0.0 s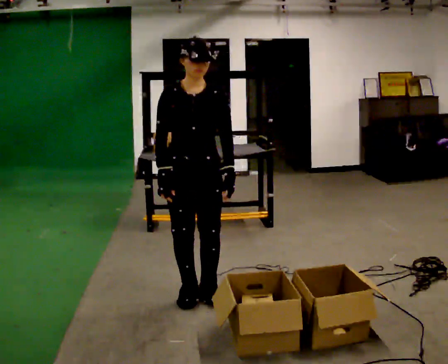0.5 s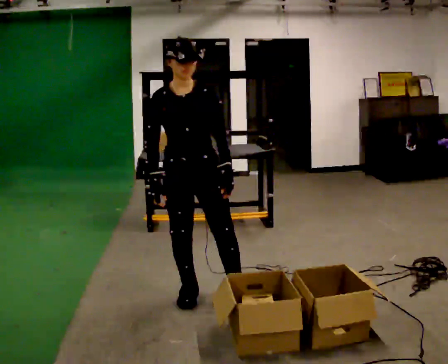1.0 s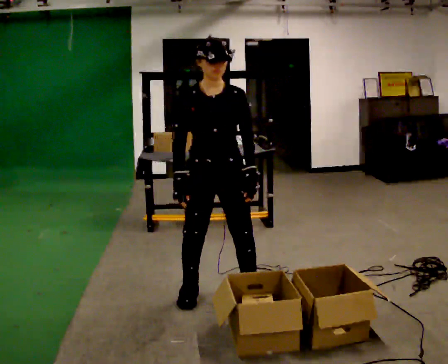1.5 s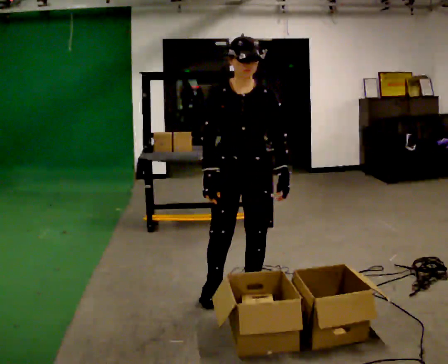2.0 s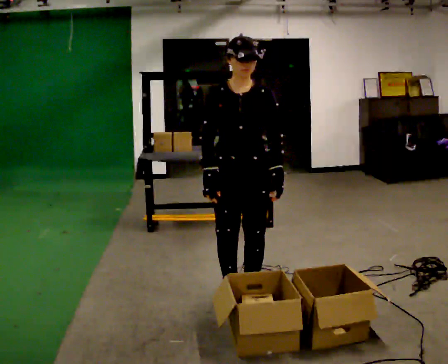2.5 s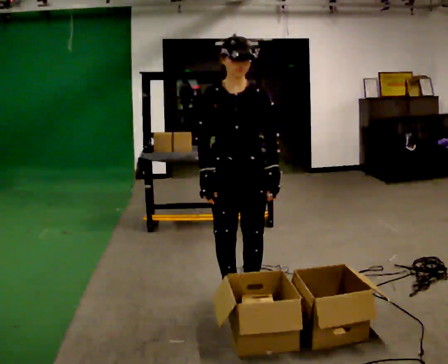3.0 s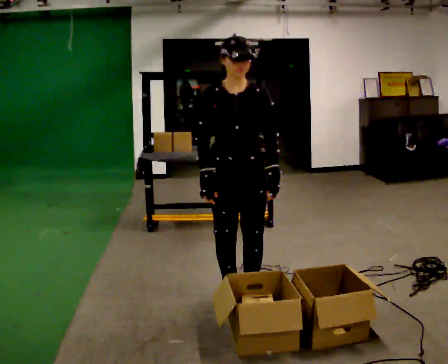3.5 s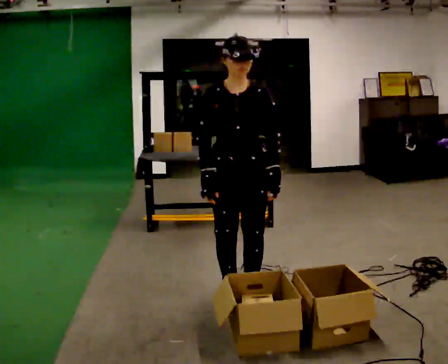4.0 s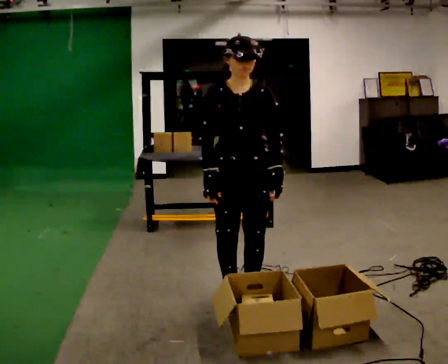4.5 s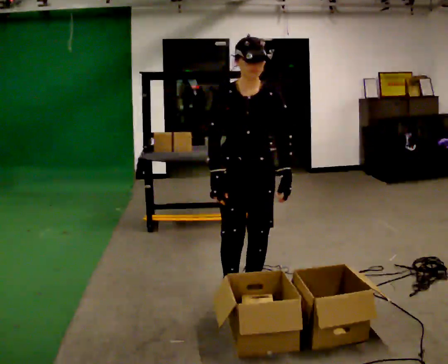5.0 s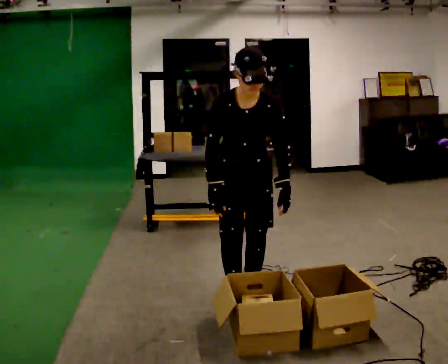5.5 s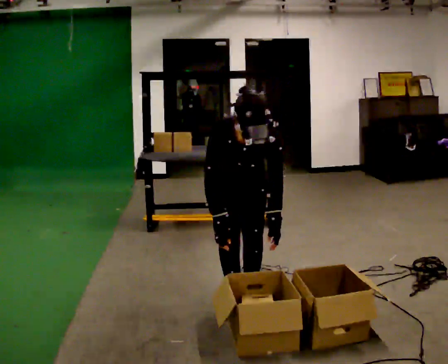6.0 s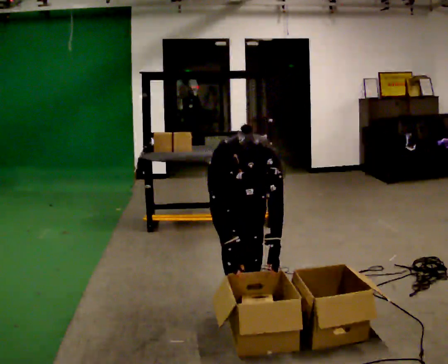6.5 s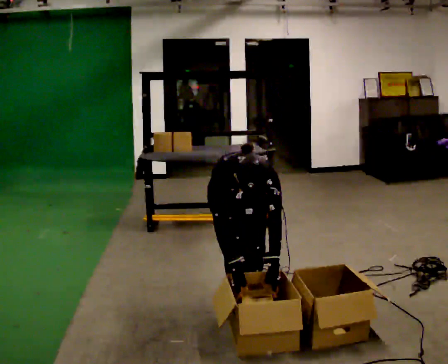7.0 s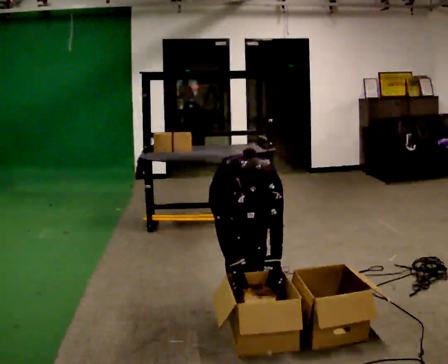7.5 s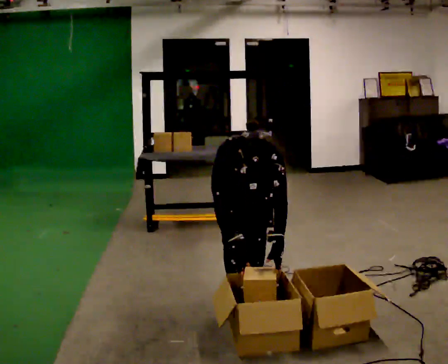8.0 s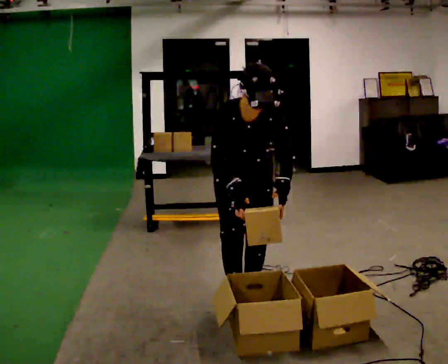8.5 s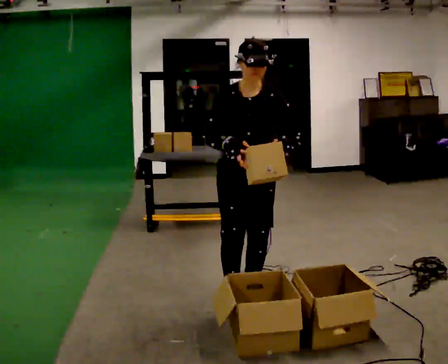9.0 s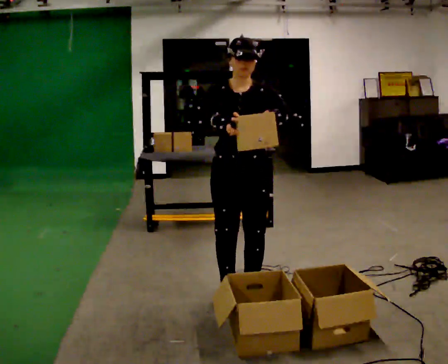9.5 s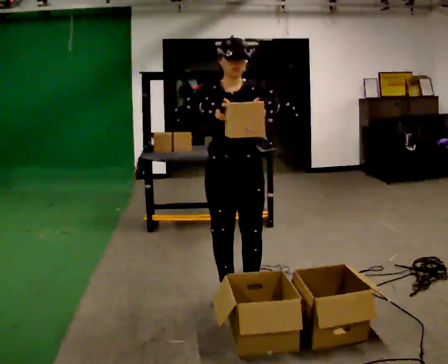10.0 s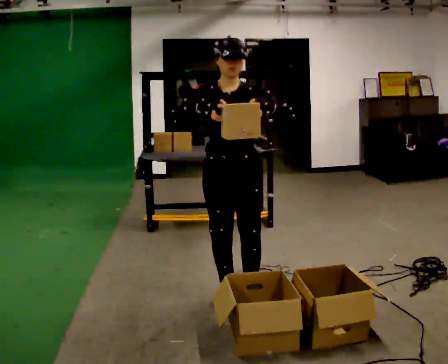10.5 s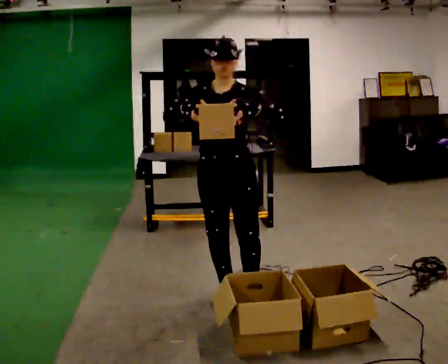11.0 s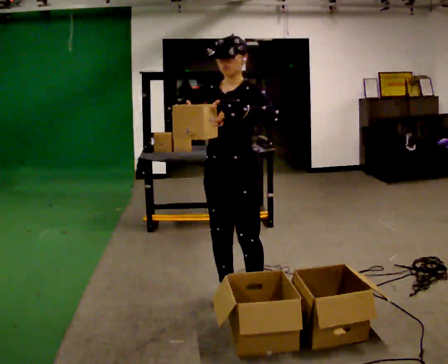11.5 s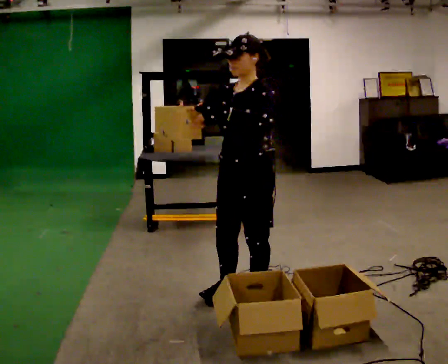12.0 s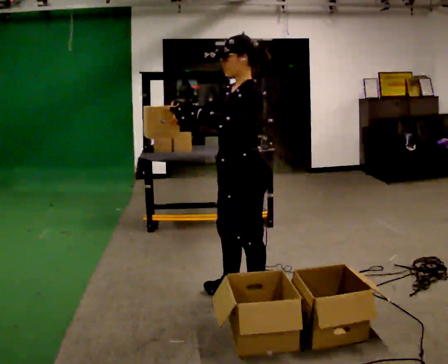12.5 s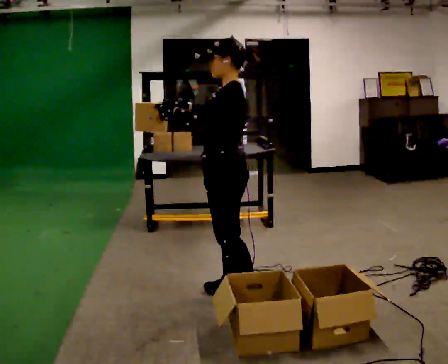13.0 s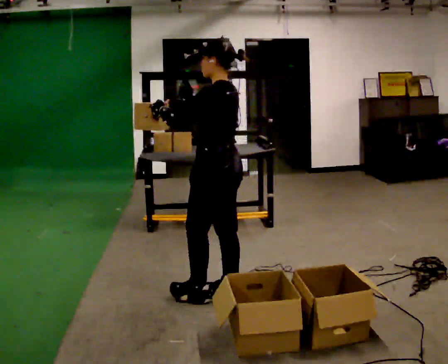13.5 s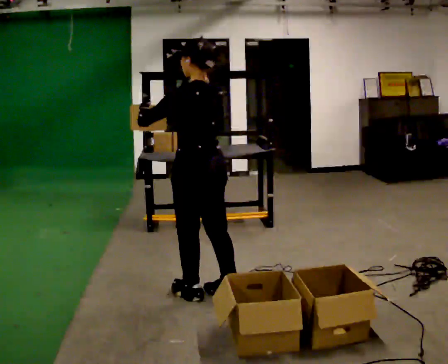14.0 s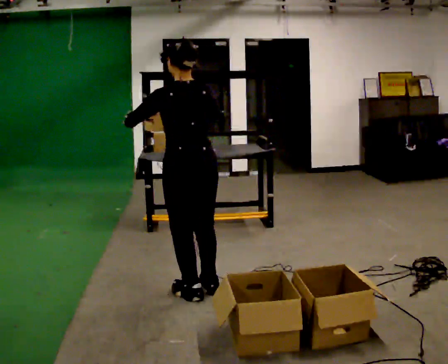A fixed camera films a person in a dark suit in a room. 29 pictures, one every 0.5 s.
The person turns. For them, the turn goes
to their right.
The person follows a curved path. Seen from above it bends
clockwise.
0.0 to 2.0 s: In the picture they go to the right, about 0.25 m in 2 steps, which for them is to their left.
2.0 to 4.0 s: The person keeps their place and pose.
4.0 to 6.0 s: The shoulders move downward. The upper body tips toward the camera, its near side rolling downward, as they bend forward. In the picture their right hand goes downward.
6.0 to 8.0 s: The upper body tips away from the camera, its near side rolling upward, as they lean back or straighten. In the picture their left hand goes upward.
8.0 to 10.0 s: The upper body tips away from the camera, its near side rolling upward, as they lean back or straighten. In the picture their right hand goes upward.
10.0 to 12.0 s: The part of the body nearest the lens slides to the left as the person turns to their right by about 75 degrees.
12.0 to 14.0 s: The person turns about 75 degrees to their right, clockwise seen from above, so the part of the body nearest the lens slides to the left. In the picture they go to the left, about 0.25 m in 1 step.
The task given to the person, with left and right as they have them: 1. Look at the shelf and see which spaces are empty. 2. Find matching items in the bins on the floor. 3. Fill the empty spaces on the shelf. 4. Tell the operator when you are finished.
The film runs forward here.
